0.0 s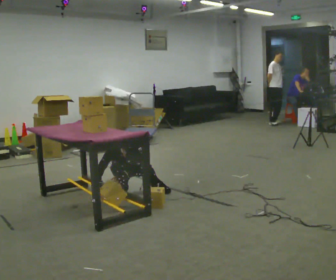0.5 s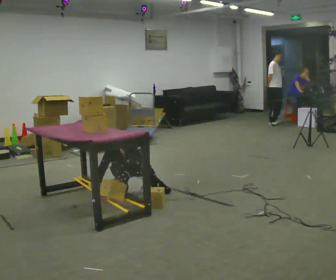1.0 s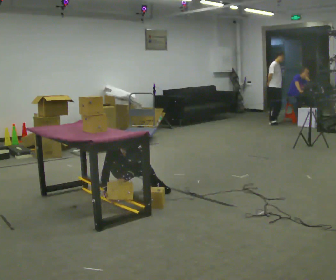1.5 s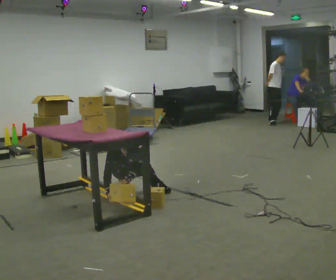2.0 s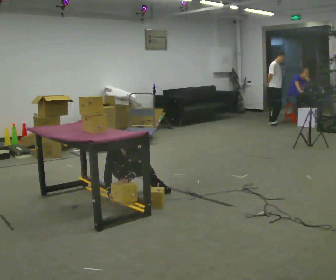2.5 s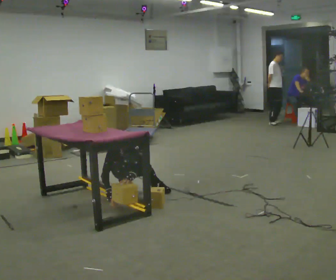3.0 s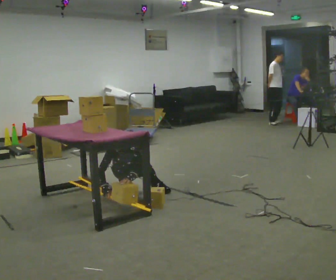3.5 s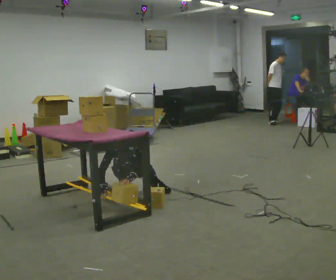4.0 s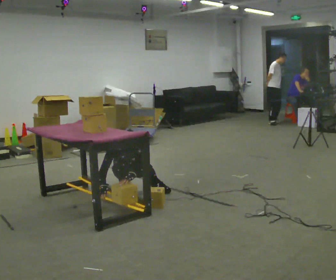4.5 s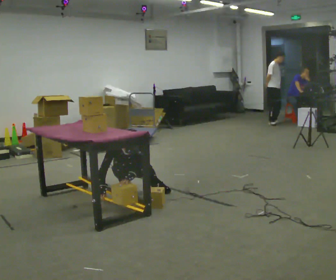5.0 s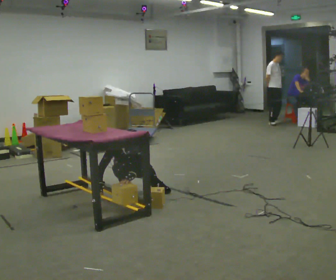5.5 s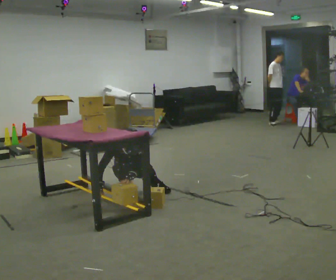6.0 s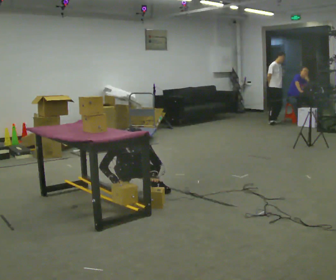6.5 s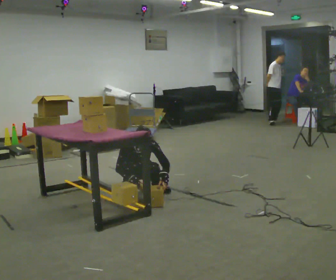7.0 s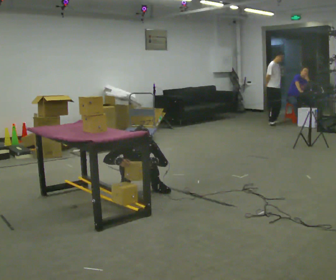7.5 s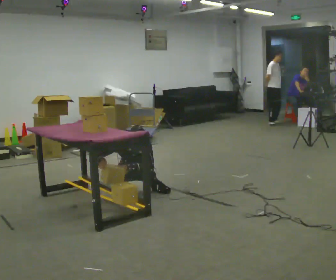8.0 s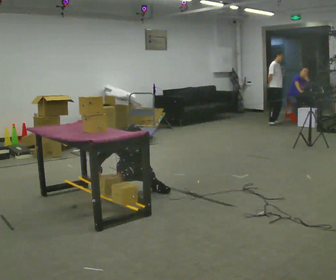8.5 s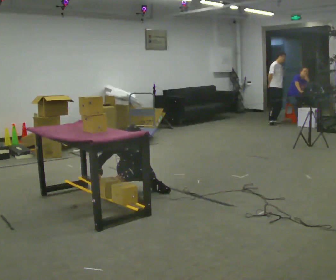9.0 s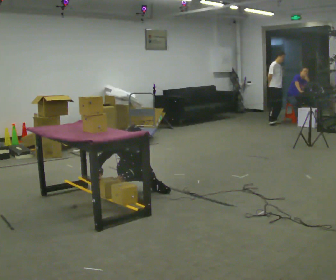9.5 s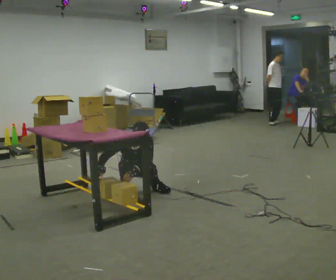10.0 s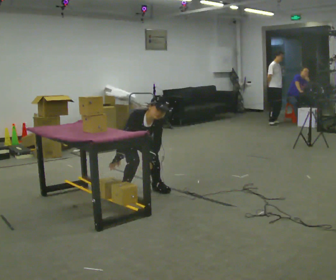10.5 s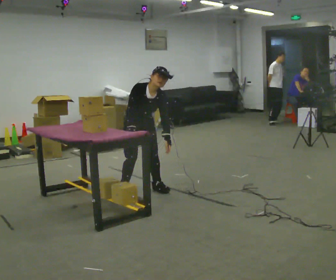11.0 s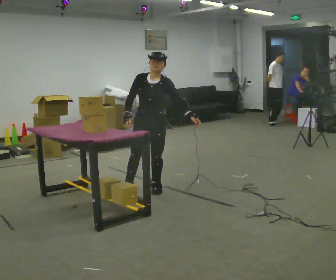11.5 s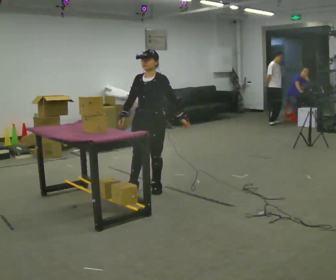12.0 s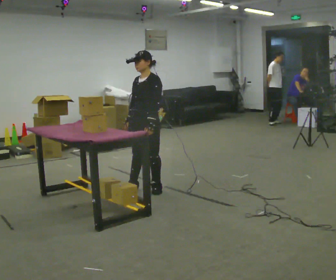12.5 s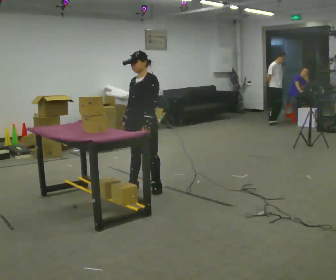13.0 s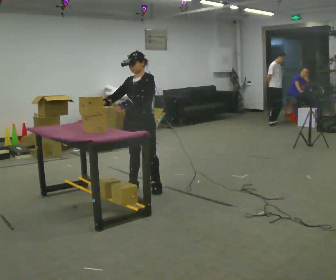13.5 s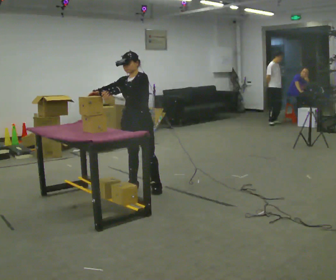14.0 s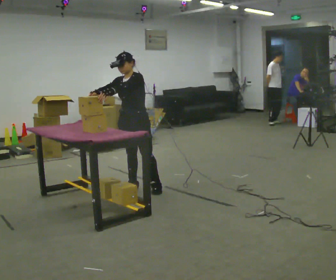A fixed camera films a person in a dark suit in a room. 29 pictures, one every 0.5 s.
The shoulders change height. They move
upward.
0.0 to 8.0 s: The upper body tips away from the camera, its near side rolling upward, as they lean back or straighten.
8.0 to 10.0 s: The shoulders move upward. In the picture the upper body tilts clockwise, shoulders to the right, as they bend forward.
10.0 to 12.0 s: Seen from above the body turns clockwise, about 60 degrees: to their right, with its near side sliding to the left. The shoulders move upward. The upper body tips away from the camera, its near side rolling upward, as they lean back or straighten.
12.0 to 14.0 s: In the picture their right hand goes upward and to the left, the arm swinging clockwise.
The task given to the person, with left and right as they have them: Crouch down and place the object on the lowest shelf, then stand back up. Do not step. Repeat at your own pace until the operator says stop.
The film runs forward here.
